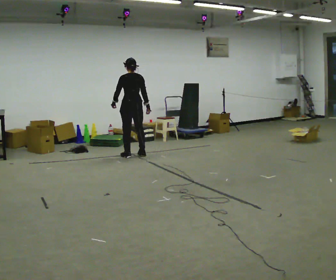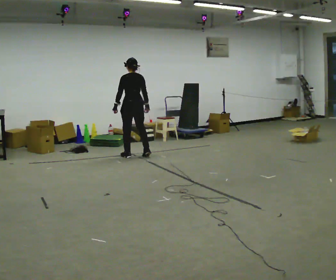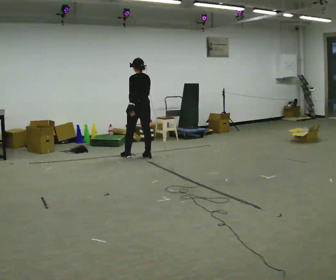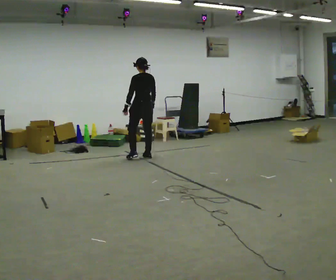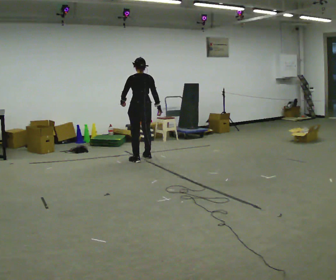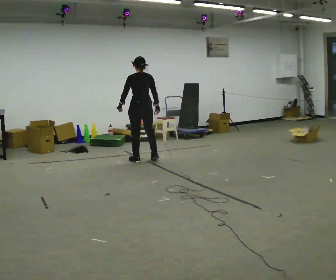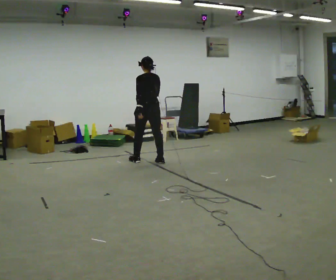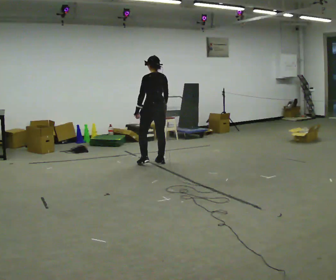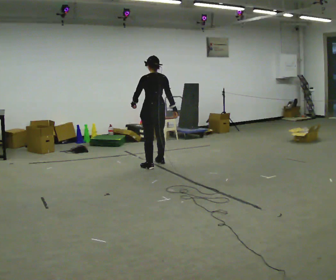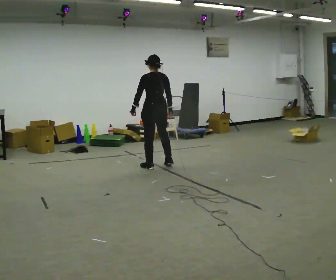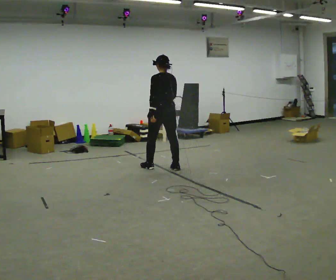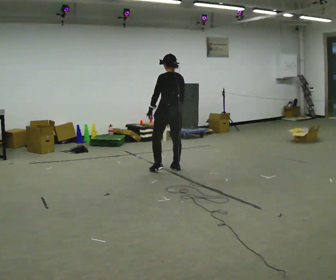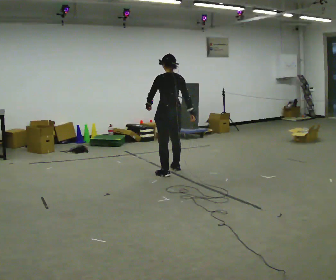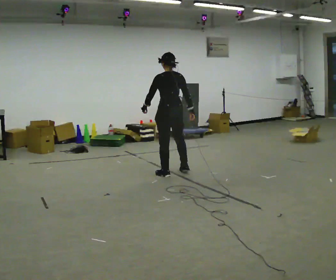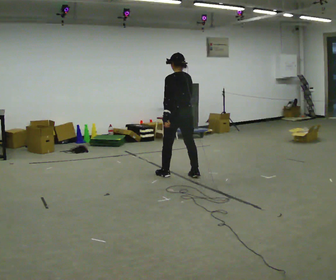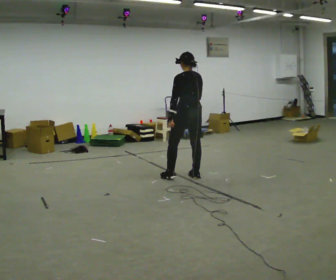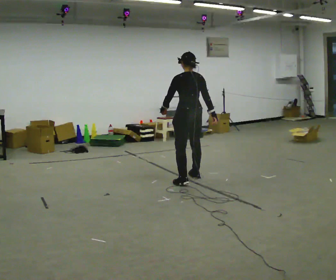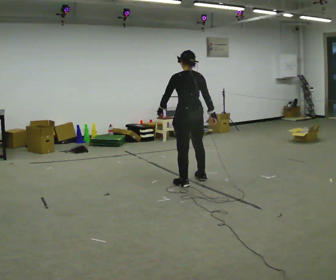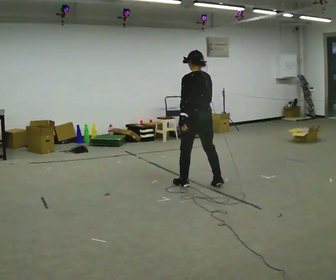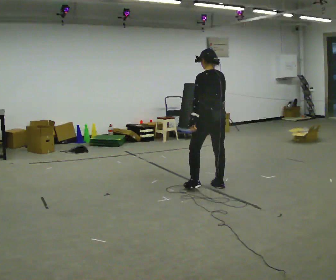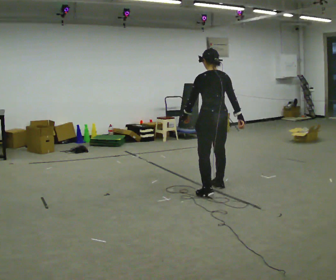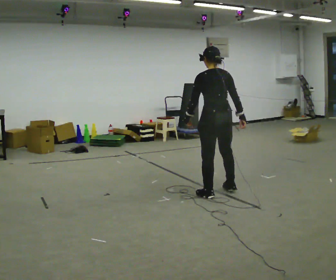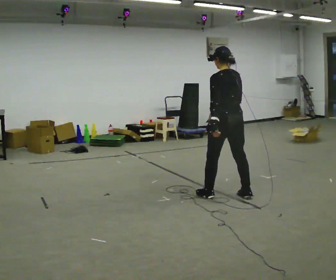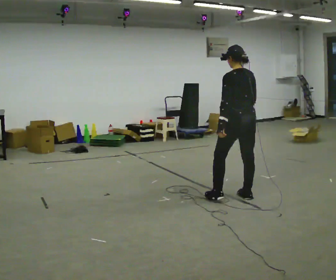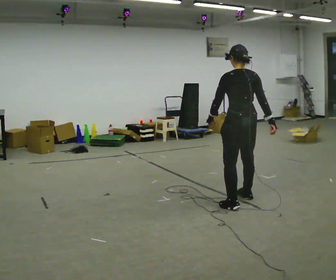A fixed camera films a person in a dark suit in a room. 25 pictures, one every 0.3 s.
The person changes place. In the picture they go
toward the camera.
0.0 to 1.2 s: In the picture they go toward the camera and to the right, about 0.25 m in 2 steps, which for them is backward.
1.2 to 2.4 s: In the picture they go toward the camera and to the right, about 0.5 m in 2 steps, which for them is backward.
2.4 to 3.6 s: In the picture they go toward the camera and to the right, about 0.5 m in 2 steps, which for them is backward.
3.6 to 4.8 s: In the picture they go toward the camera and to the right, about 0.5 m in 2 steps, which for them is backward.
4.8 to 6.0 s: In the picture they go toward the camera and to the right, about 0.5 m in 2 steps, which for them is backward.
6.0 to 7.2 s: In the picture they go toward the camera and to the right, about 0.5 m in 2 steps, which for them is backward.
The film runs backward here.
